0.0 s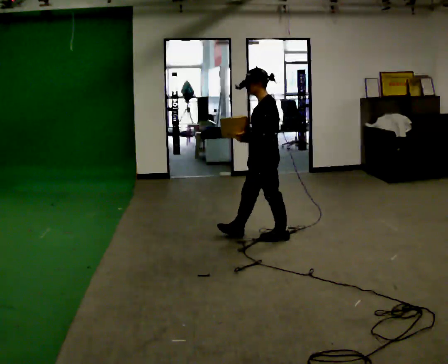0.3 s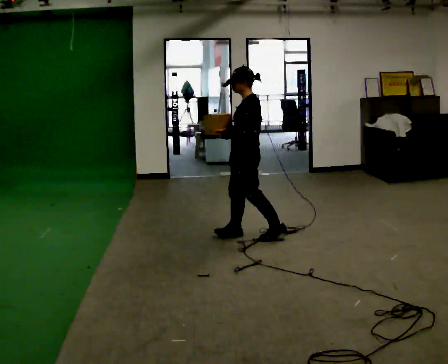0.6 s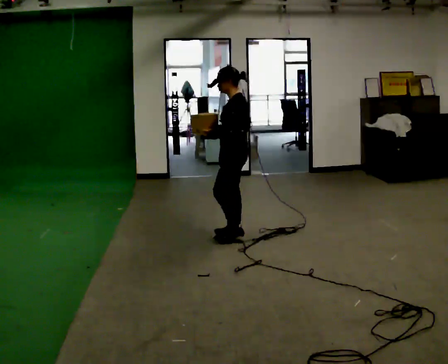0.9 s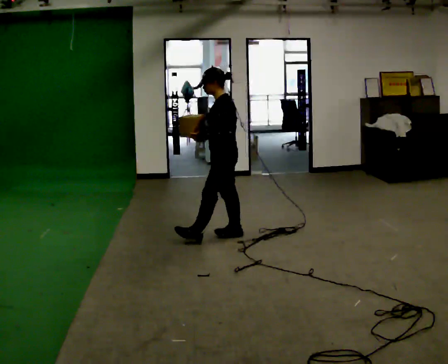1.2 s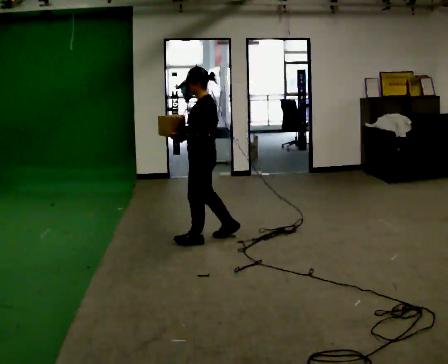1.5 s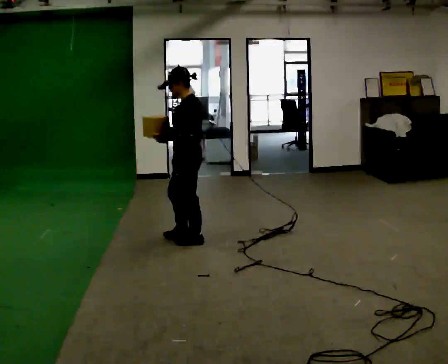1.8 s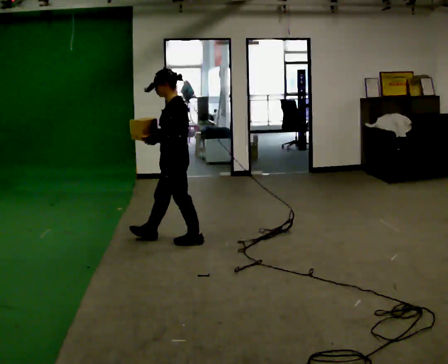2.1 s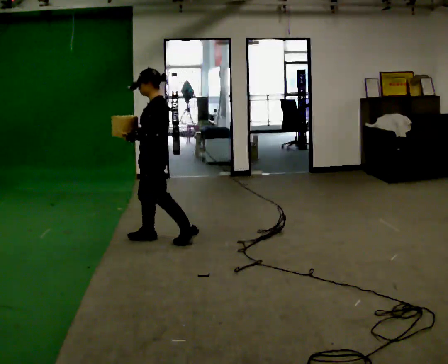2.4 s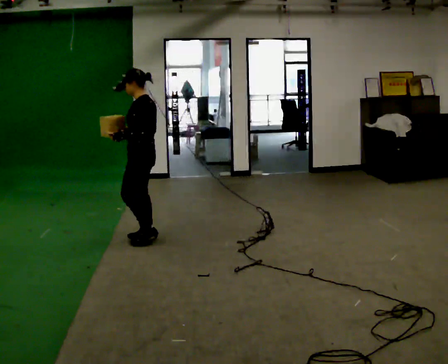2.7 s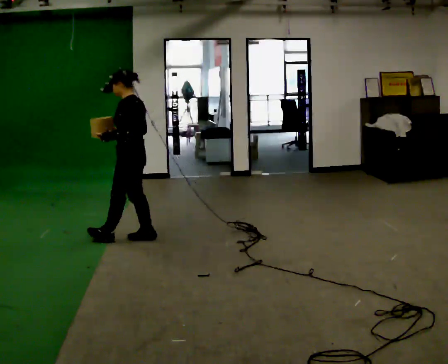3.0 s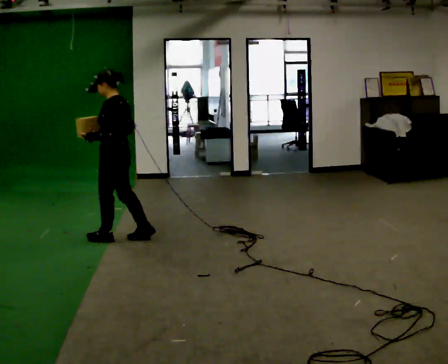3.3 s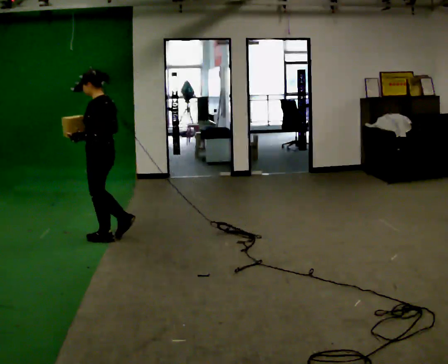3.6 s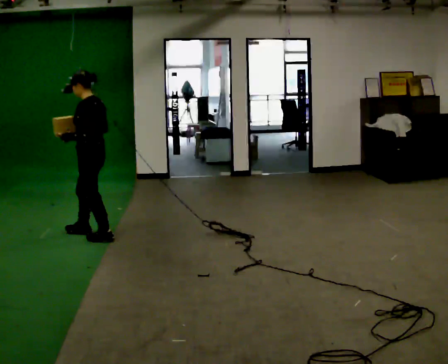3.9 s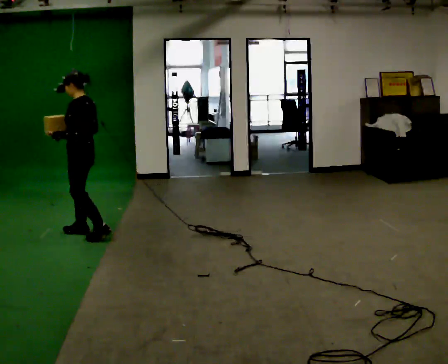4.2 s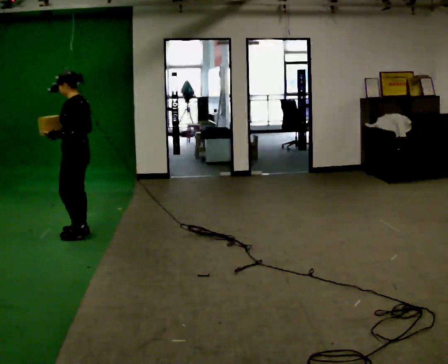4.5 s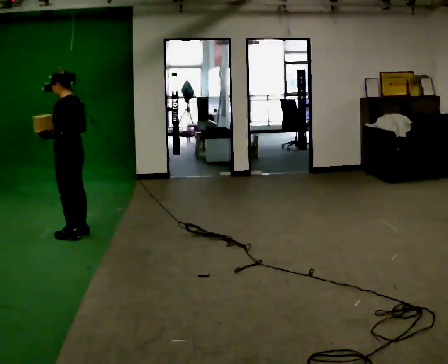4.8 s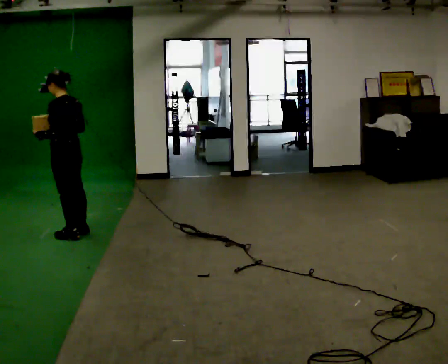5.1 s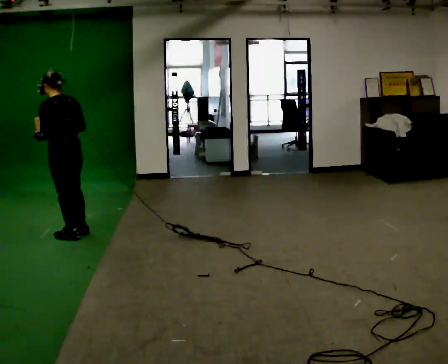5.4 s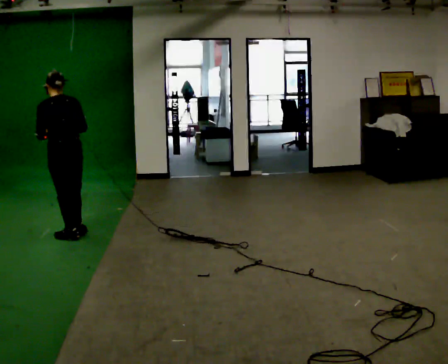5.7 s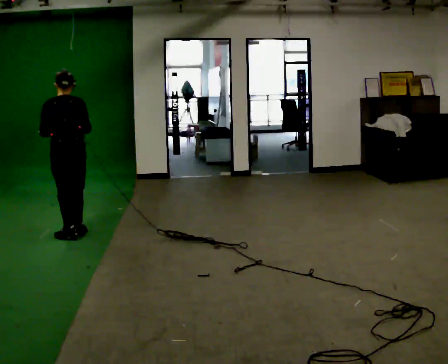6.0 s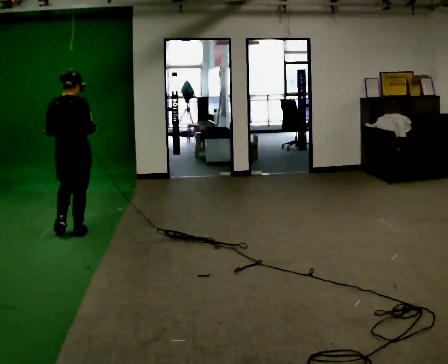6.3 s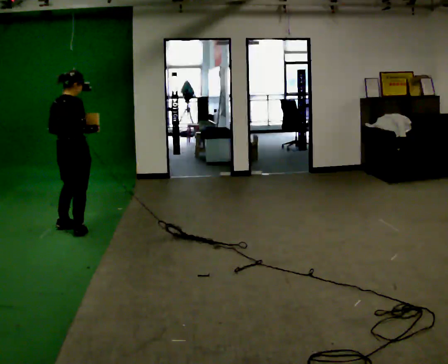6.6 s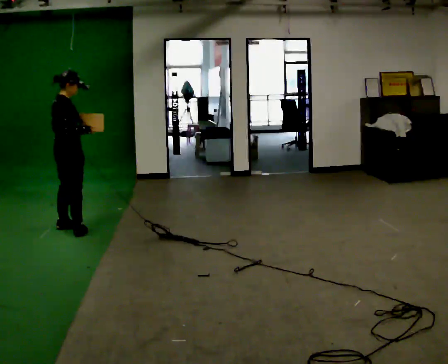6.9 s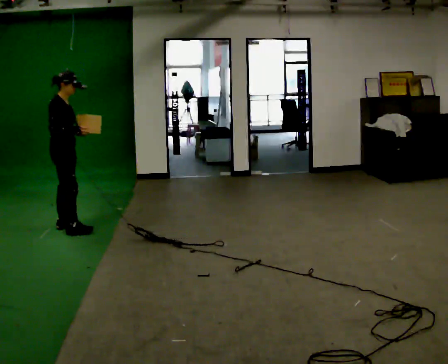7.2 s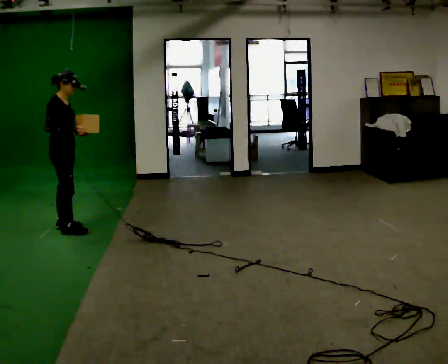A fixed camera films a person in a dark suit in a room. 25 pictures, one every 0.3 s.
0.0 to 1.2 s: In the picture they go to the left, about 0.5 m in 1 step, which for them is forward.
1.2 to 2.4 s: In the picture they go to the left and away from the camera, about 0.5 m in 1 step, which for them is forward.
2.4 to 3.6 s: In the picture they go to the left and away from the camera, about 0.5 m in 1 step, which for them is forward.
3.6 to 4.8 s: In the picture they go to the left, about 0.25 m in 2 steps, which for them is forward.
4.8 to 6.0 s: The person turns about 75 degrees to their right, clockwise seen from above, so the part of the body nearest the lens slides to the left.
6.0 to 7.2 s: Seen from above the body turns clockwise, about 90 degrees: to their right, with its near side sliding to the left. In the picture they go away from the camera, about 0.25 m in 1 step.
The film runs forward here.
